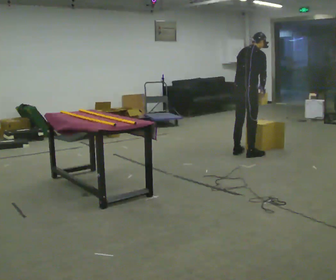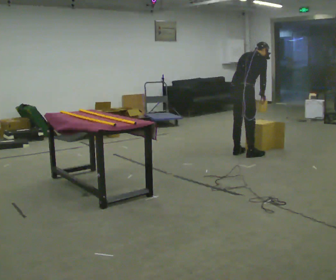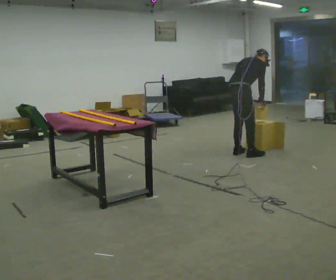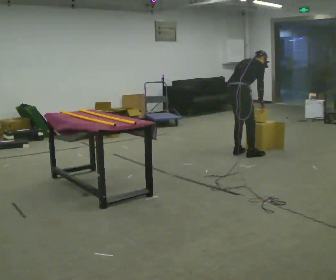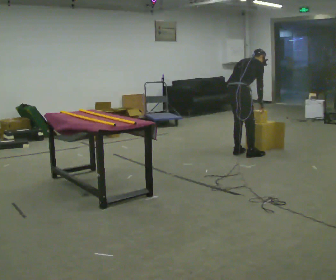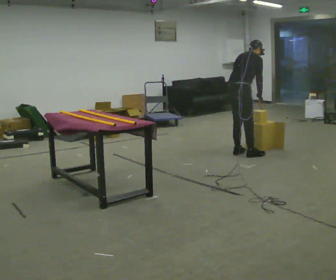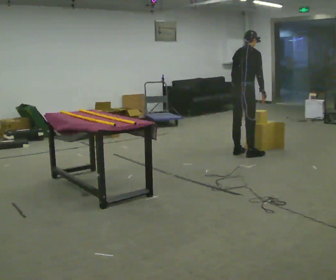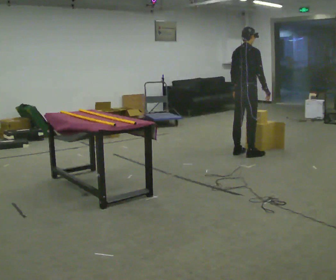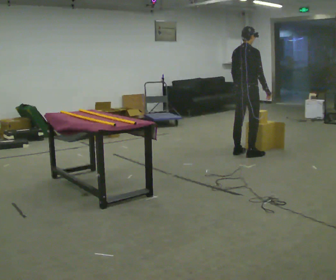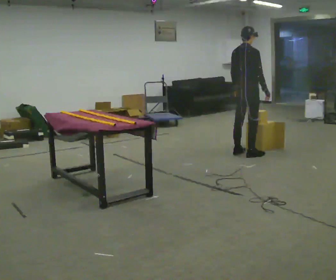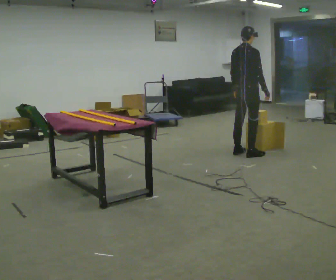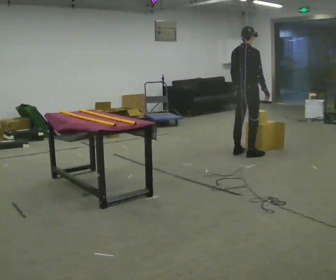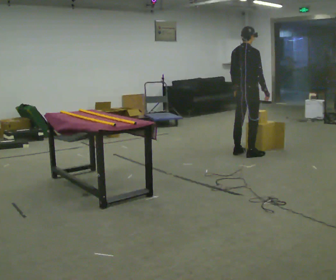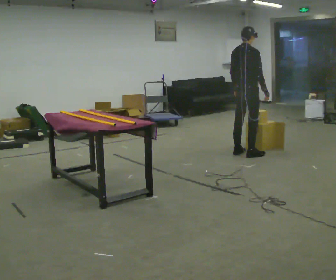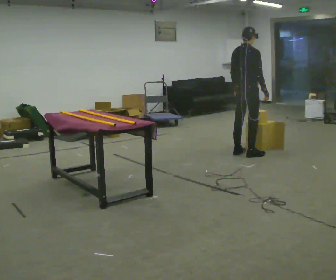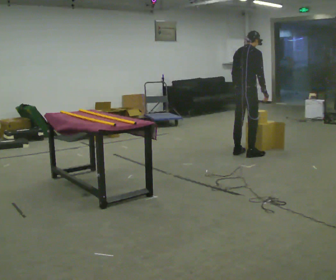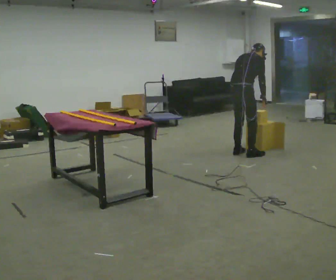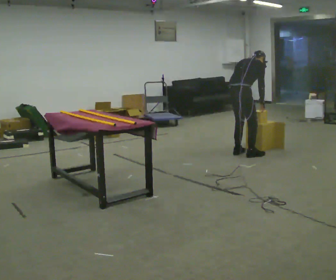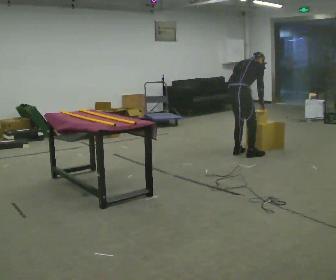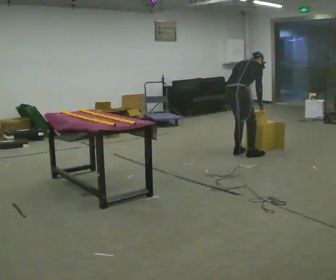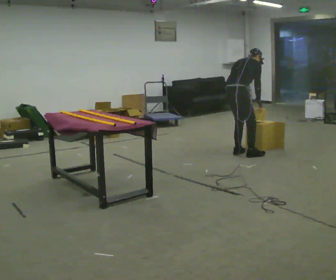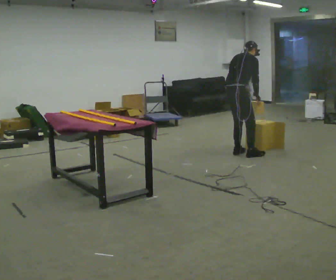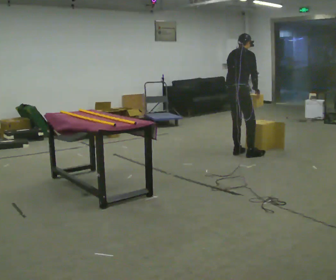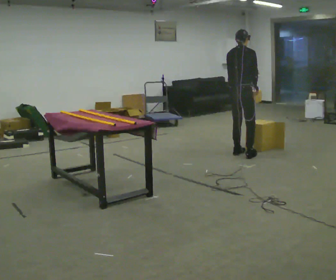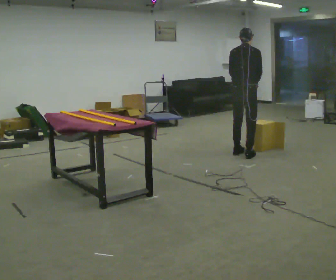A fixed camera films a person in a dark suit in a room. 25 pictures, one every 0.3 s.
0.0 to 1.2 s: The upper body tips away from the camera, its near side rolling upward, as they bend forward.
1.2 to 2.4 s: The upper body goes upward. The upper body tips toward the camera, its near side rolling downward, as they lean back or straighten.
2.4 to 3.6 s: The person moves a little, or ends about where they began.
3.6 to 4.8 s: The upper body tips away from the camera, its near side rolling upward, as they bend forward.
4.8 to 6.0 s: The person moves a little, or ends about where they began.
6.0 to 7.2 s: The part of the body nearest the lens slides to the right as the person turns to their left by about 30 degrees. The shoulders move upward. The upper body tips toward the camera, its near side rolling downward, as they lean back or straighten.
The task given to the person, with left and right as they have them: Carry the object across the room and slide it into the slot on the shelf. It is a close fit, so take the time you need. Keep going until the operator says stop; one object at a time, and do not rush between trips.
The film runs forward here.
